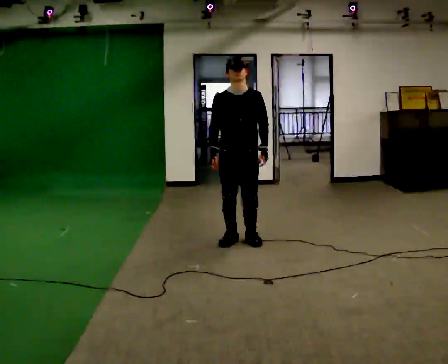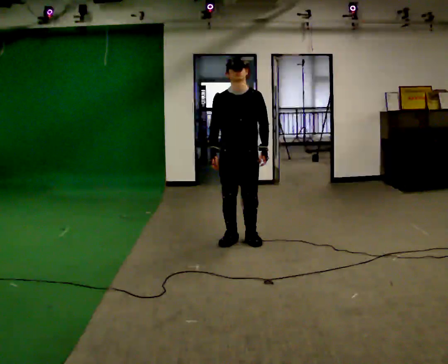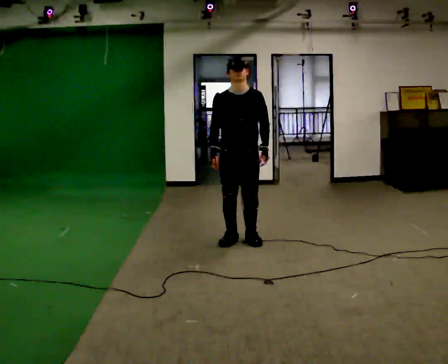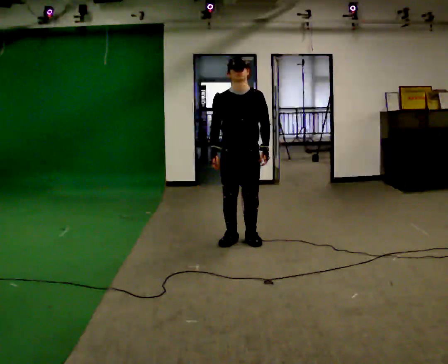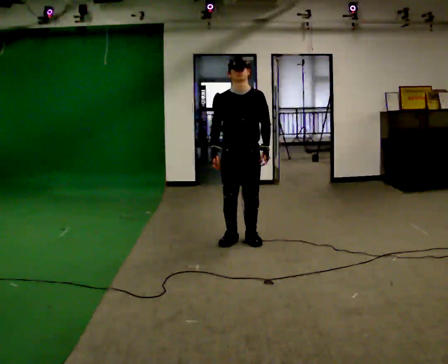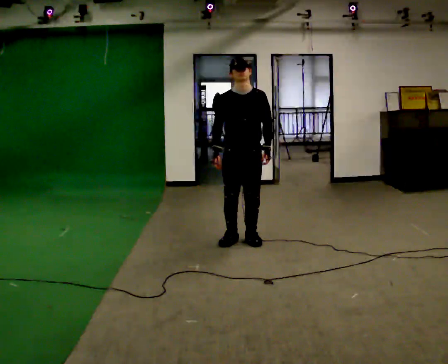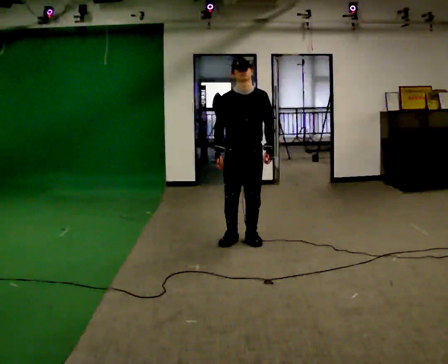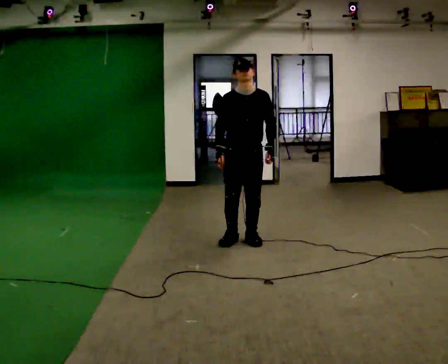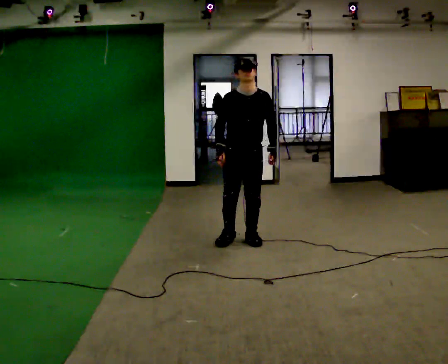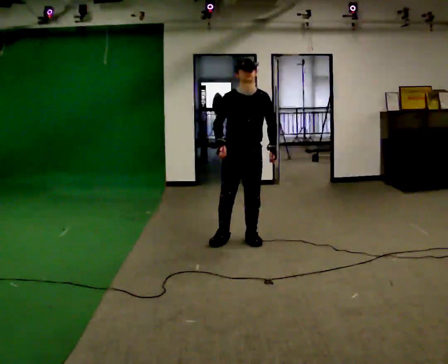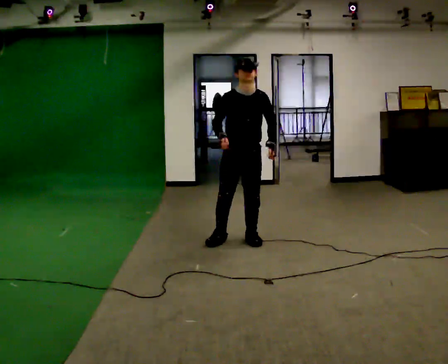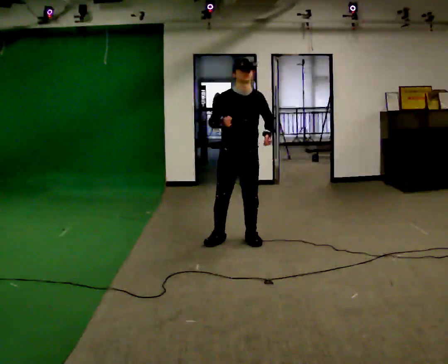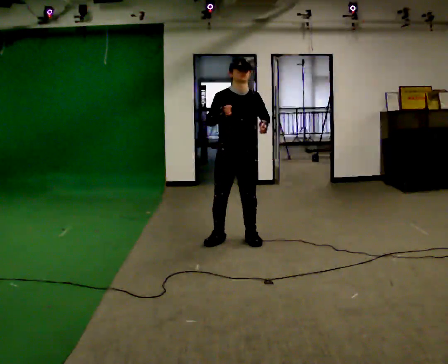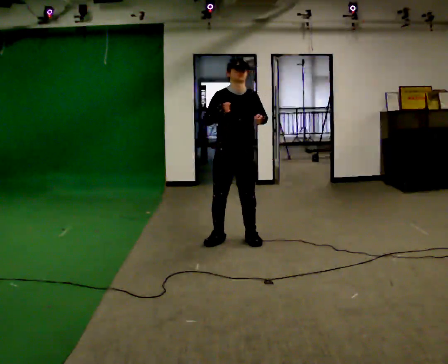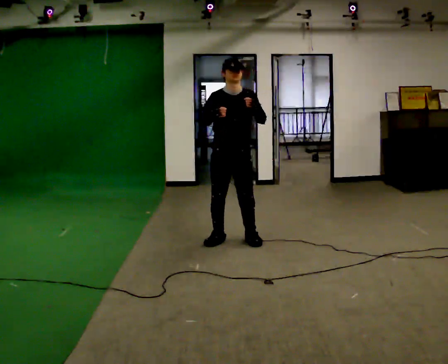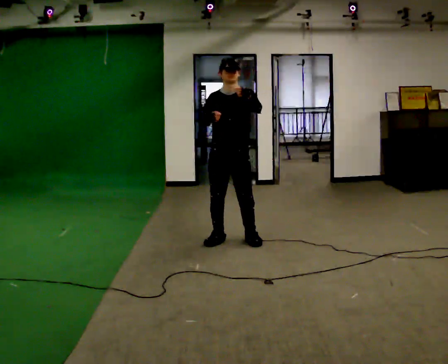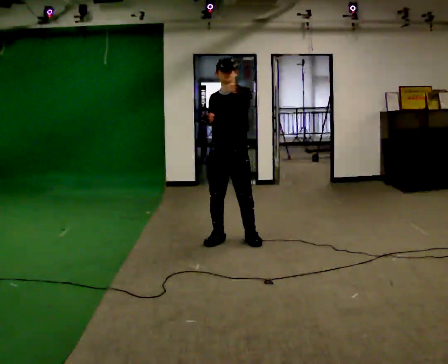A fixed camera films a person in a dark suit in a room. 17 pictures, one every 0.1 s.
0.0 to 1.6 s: In the picture their left hand goes upward.
The film runs forward here.
